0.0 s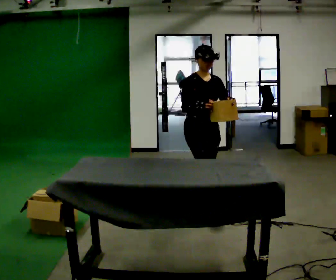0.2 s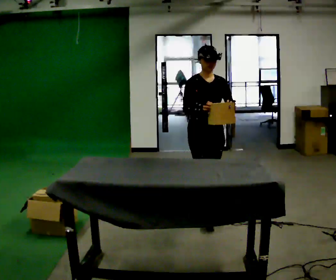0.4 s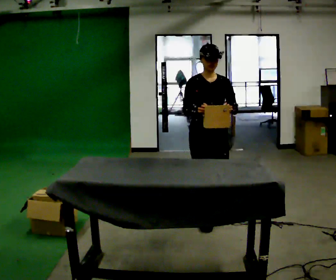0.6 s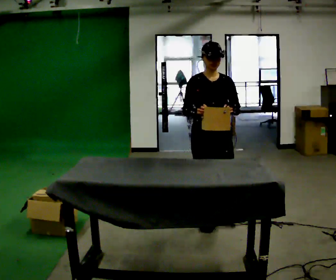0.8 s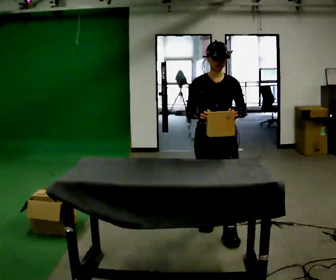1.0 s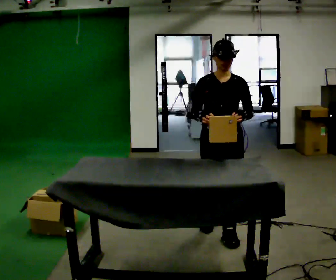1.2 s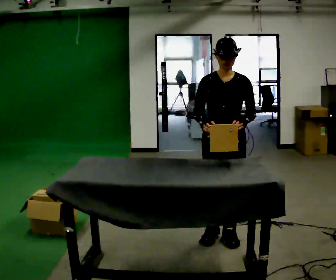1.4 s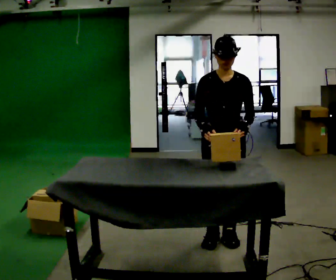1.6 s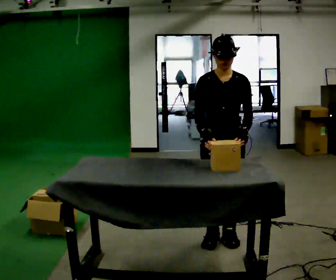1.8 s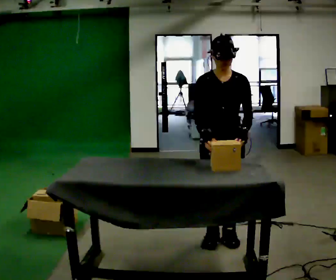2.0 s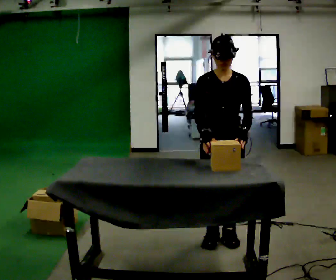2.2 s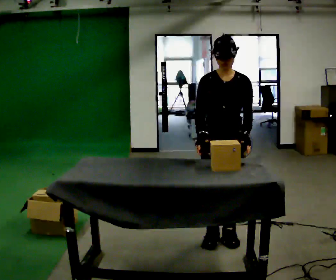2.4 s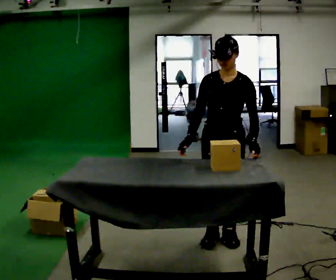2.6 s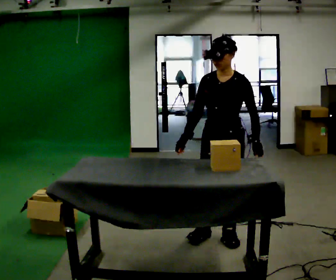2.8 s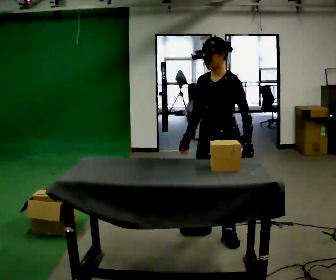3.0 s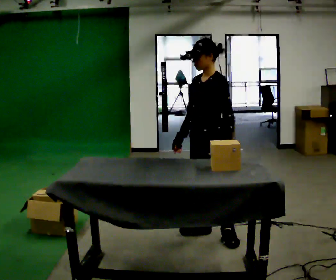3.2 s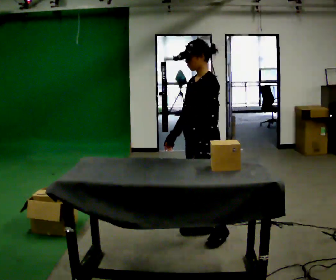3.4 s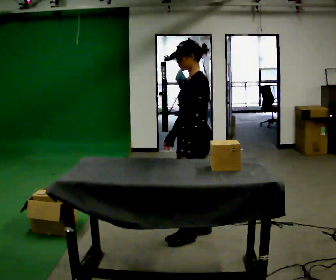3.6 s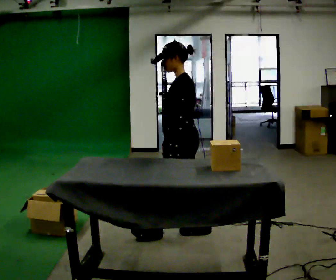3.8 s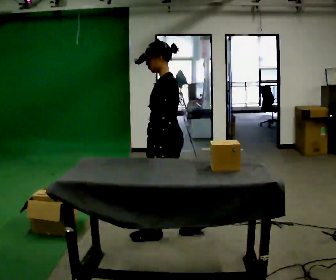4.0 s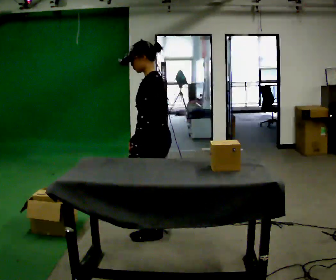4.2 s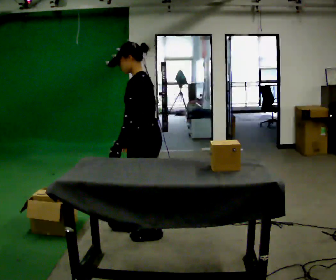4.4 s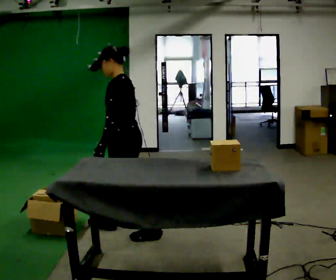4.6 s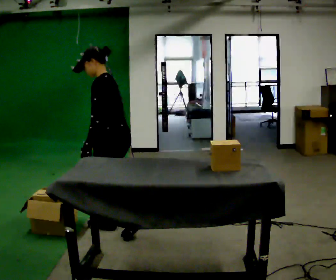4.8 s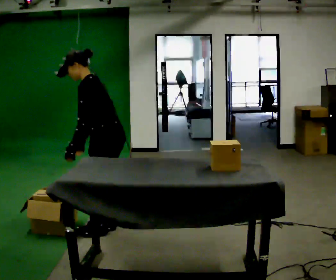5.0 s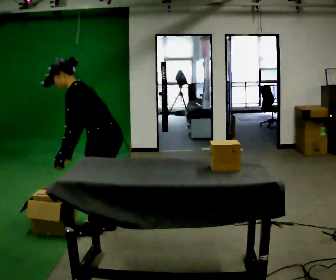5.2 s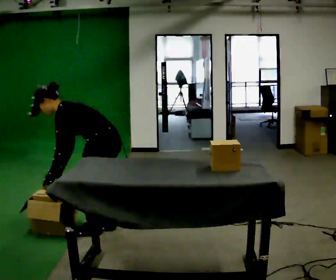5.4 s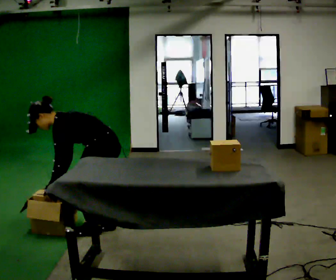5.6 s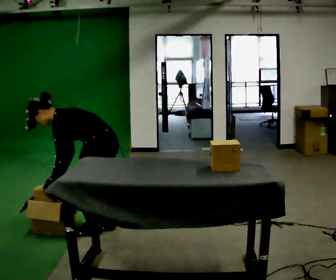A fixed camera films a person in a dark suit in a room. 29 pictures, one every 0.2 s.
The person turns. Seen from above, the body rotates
clockwise.
The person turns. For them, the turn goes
to their right.
0.0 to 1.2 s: The part of the body nearest the lens slides to the left as the person turns to their right by about 45 degrees. In the picture they go toward the camera, about 0.5 m in 2 steps, which for them is forward.
1.2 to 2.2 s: The person moves a little, or ends about where they began.
2.2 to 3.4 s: Seen from above the body turns clockwise, about 75 degrees: to their right, with its near side sliding to the left. In the picture they go to the left, about 0.25 m.
3.4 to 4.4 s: In the picture they go to the left, about 0.5 m in 2 steps, which for them is forward.
4.4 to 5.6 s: In the picture they go to the left, about 0.25 m in 1 step, which for them is forward. The upper body goes downward. In the picture the upper body tilts counterclockwise, shoulders to the left, as they bend forward. In the picture their right hand goes to the left.
The film runs forward here.
